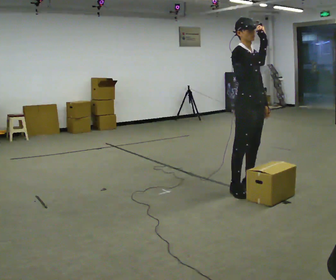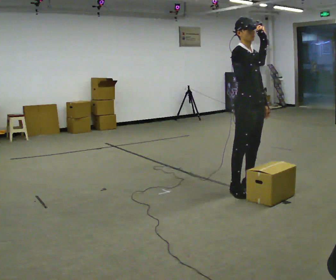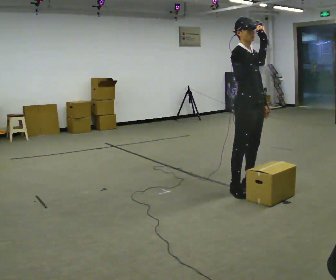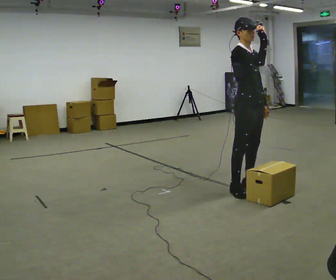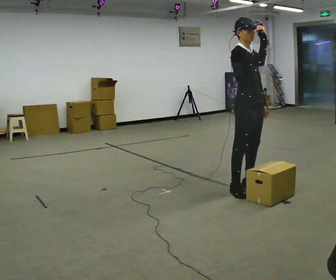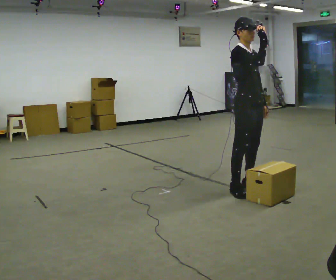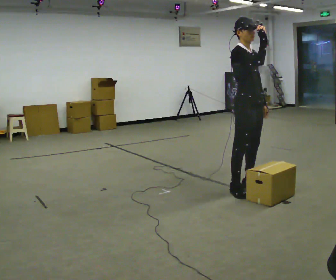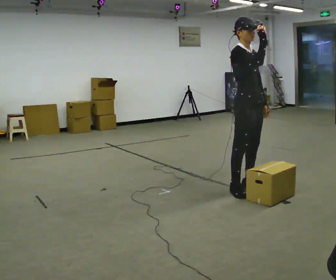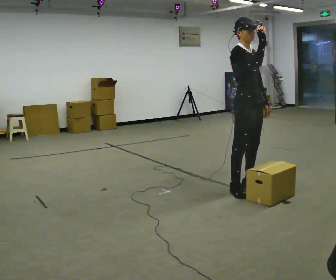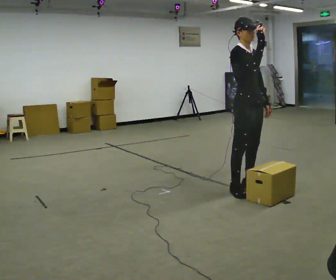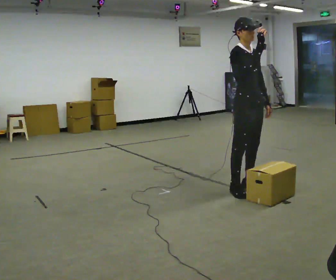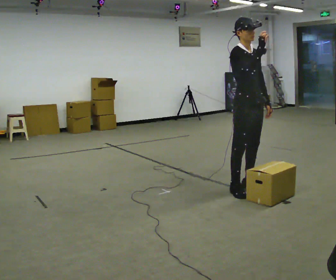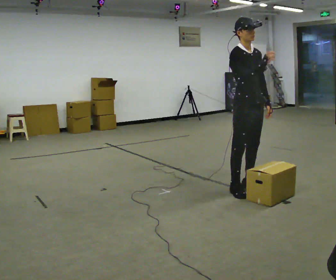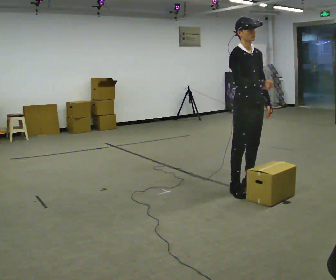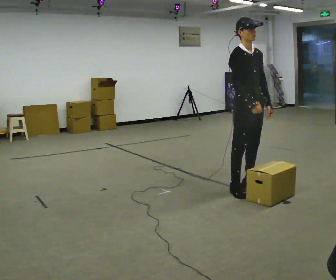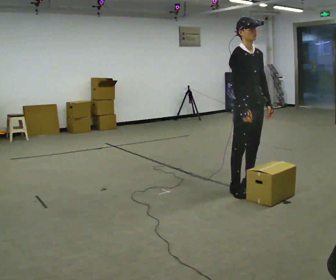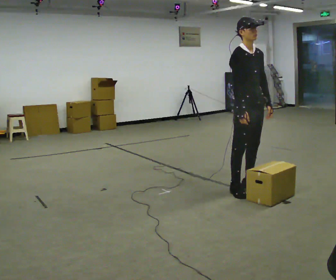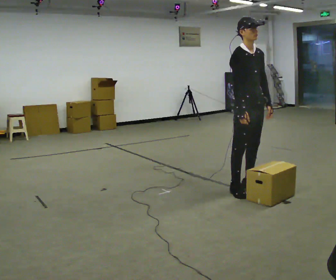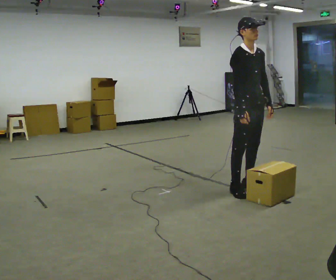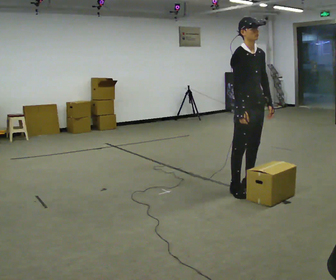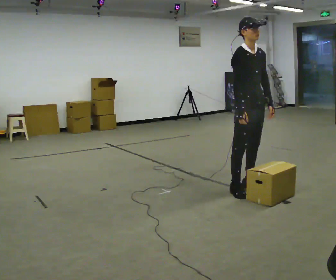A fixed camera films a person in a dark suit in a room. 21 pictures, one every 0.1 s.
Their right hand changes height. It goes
downward.
0.0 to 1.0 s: The person moves a little, or ends about where they began.
1.0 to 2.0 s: In the picture their right hand goes downward.
The film runs backward here.
